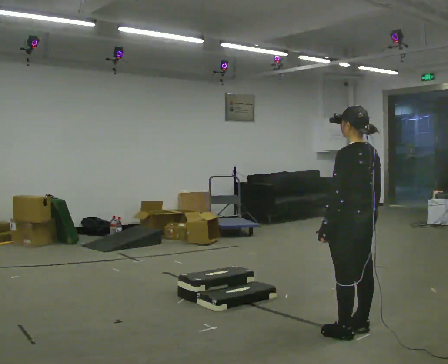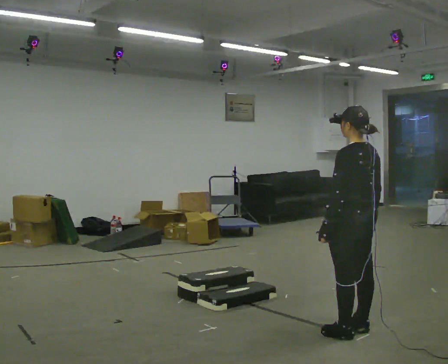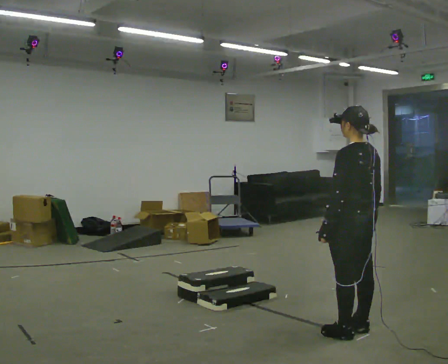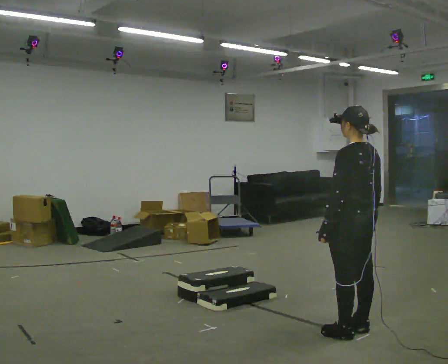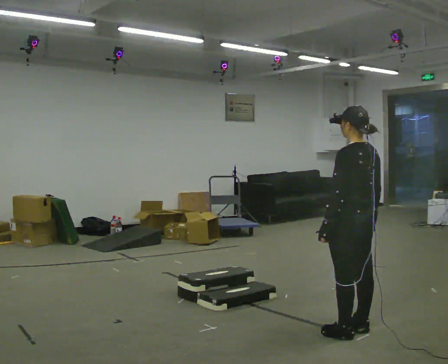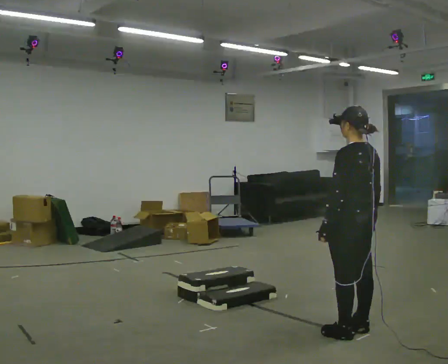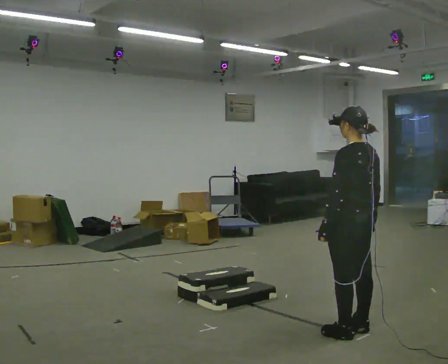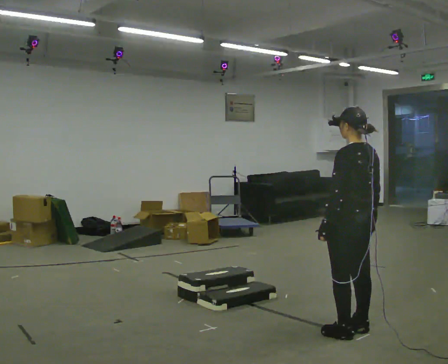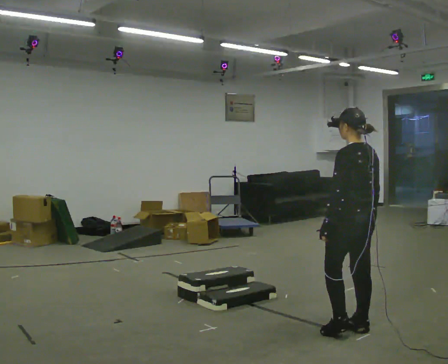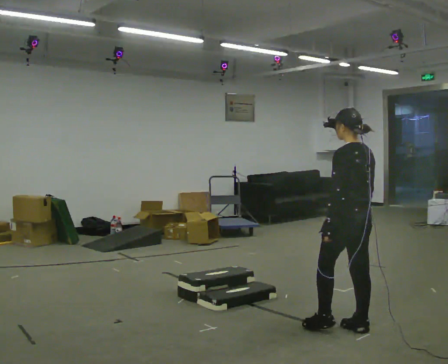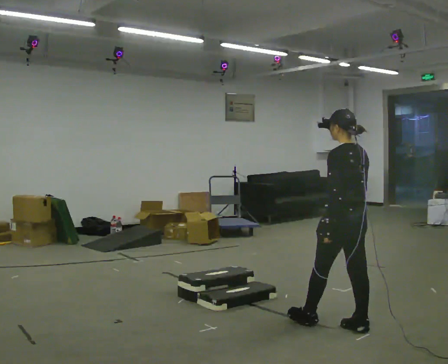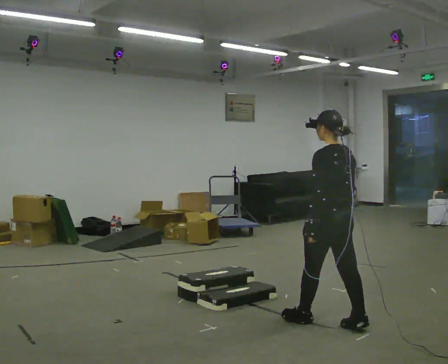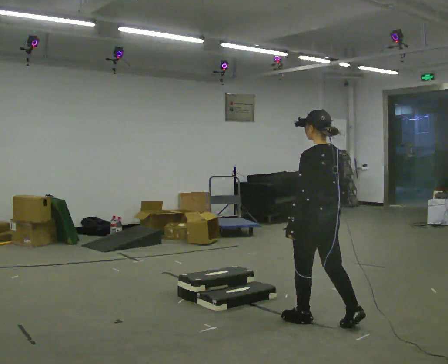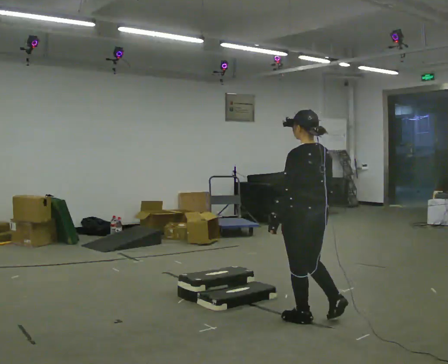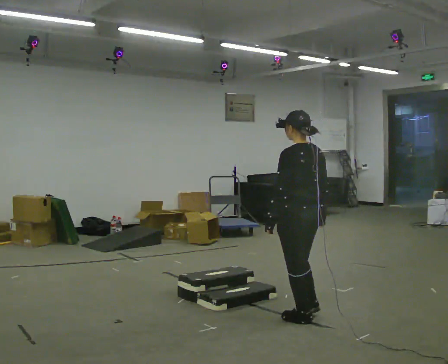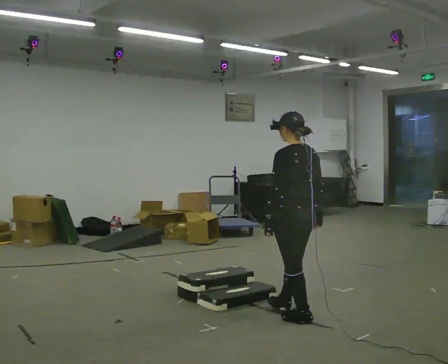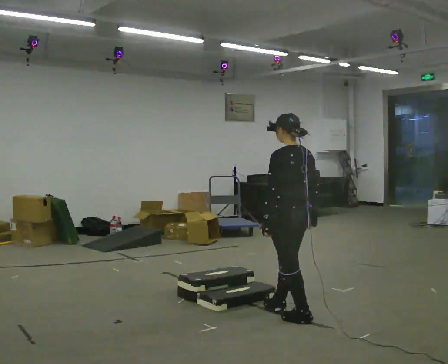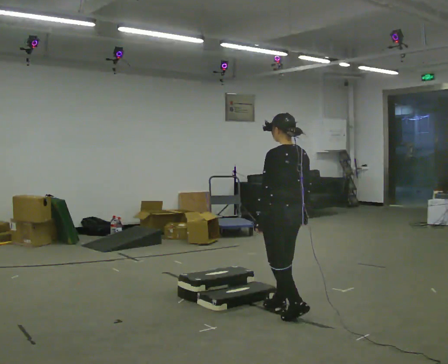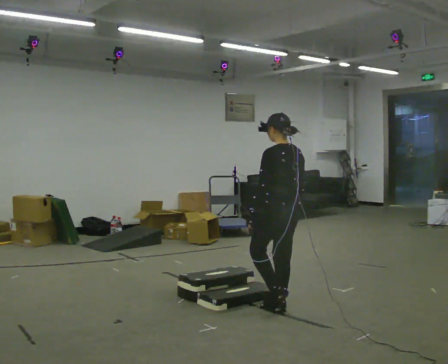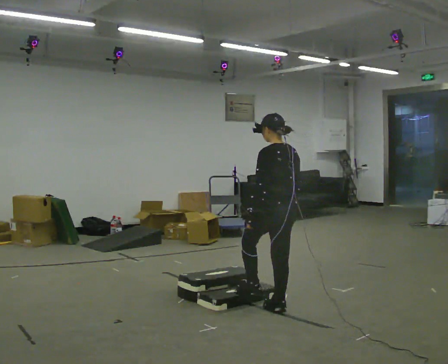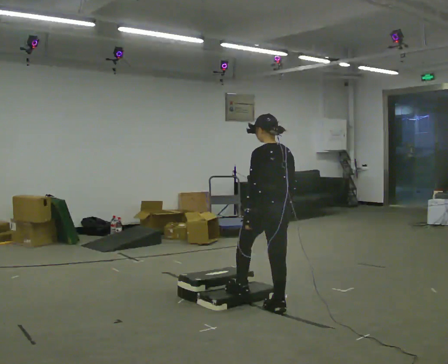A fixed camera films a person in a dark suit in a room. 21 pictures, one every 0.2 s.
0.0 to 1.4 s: The person moves a little, or ends about where they began.
1.4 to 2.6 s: In the picture they go to the left, about 0.25 m in 1 step, which for them is forward.
2.6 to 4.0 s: In the picture they go to the left and away from the camera, about 0.5 m in 2 steps, which for them is forward.
The film runs forward here.
